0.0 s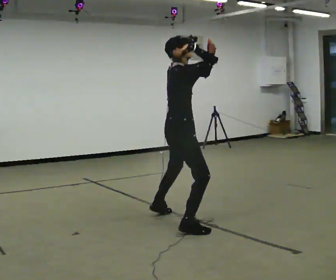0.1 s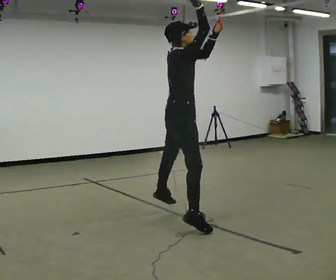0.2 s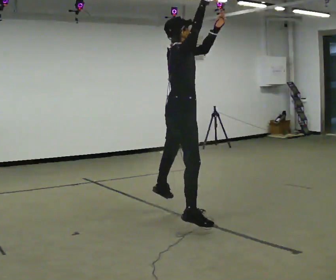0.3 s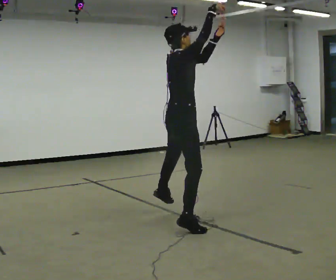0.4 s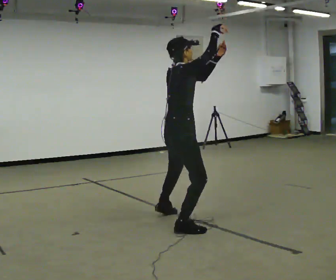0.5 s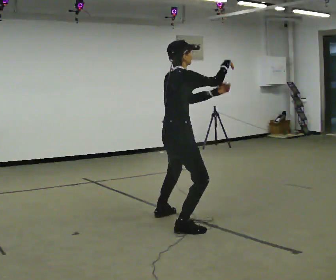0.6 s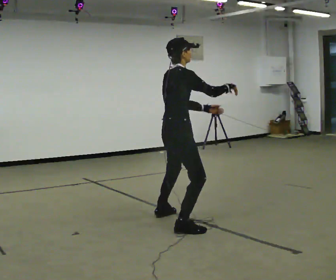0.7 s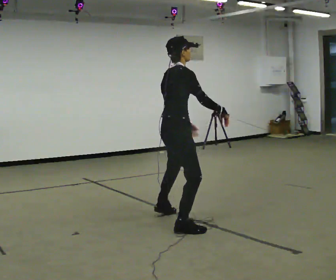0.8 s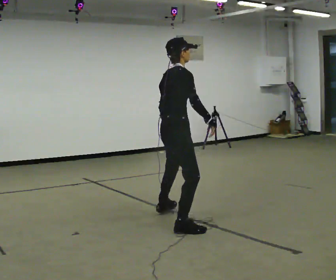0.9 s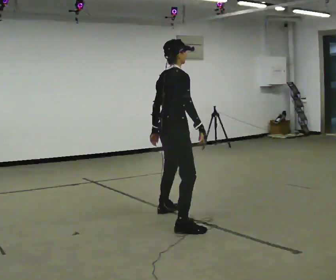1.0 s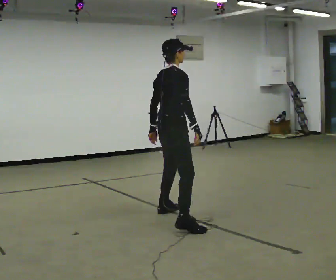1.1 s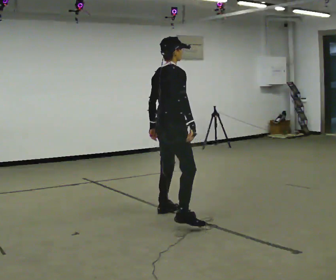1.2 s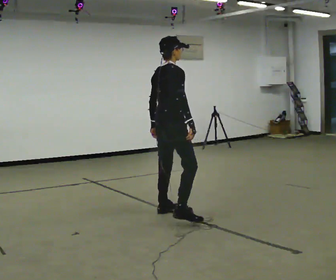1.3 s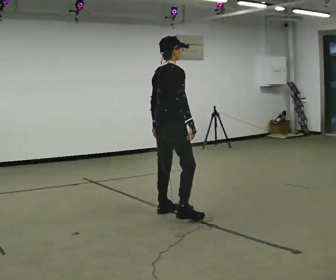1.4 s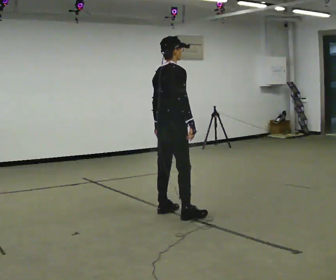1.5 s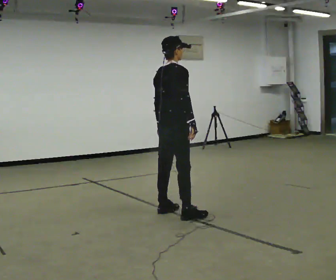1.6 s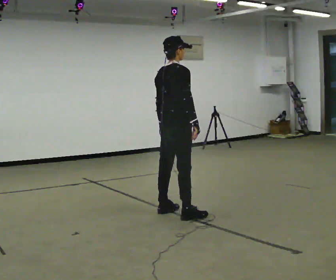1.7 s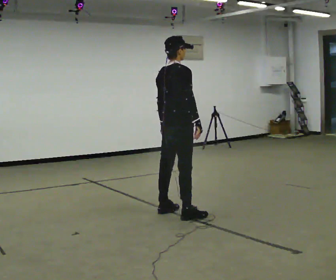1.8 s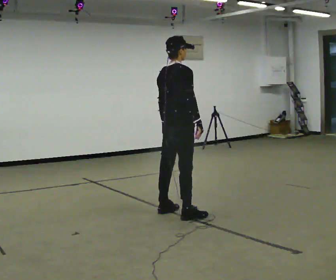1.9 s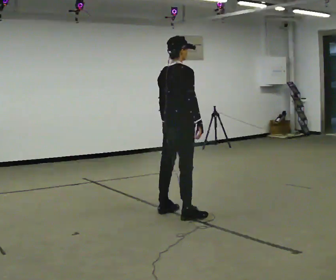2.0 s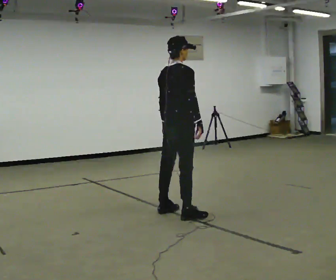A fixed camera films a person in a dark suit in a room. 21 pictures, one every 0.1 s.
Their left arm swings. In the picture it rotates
clockwise.
Their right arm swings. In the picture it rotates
clockwise.
0.0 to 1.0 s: In the picture they go away from the camera, about 0.25 m, which for them is to their left. In the picture their left hand goes downward and to the left, the arm swinging clockwise.
1.0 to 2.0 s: In the picture they go away from the camera, about 0.25 m in 1 step, which for them is forward.
The film runs forward here.
